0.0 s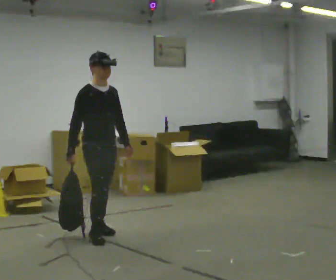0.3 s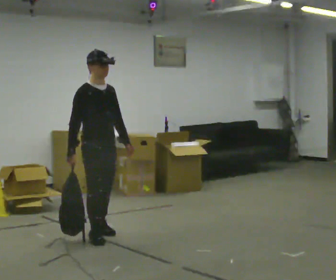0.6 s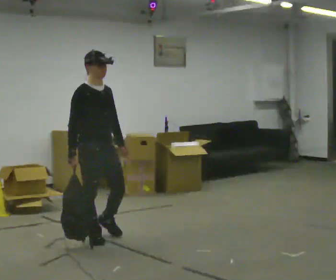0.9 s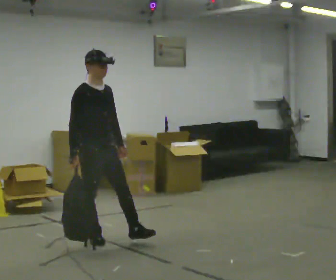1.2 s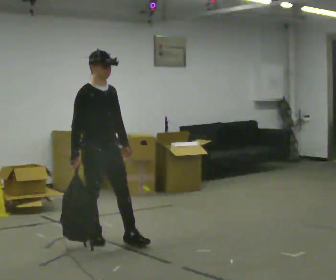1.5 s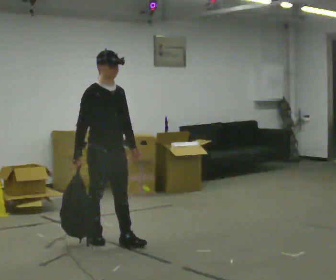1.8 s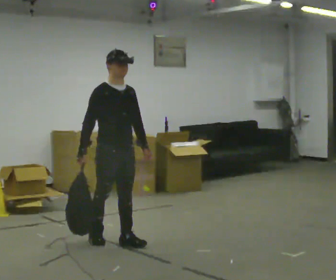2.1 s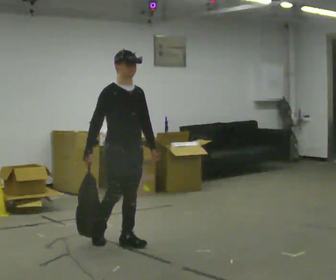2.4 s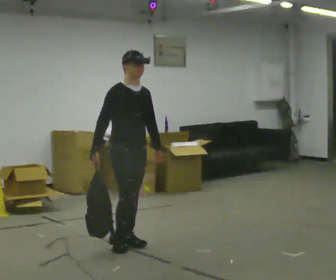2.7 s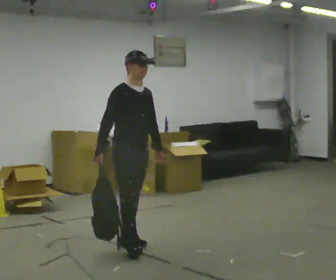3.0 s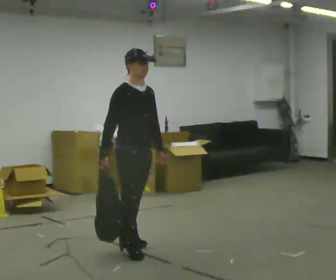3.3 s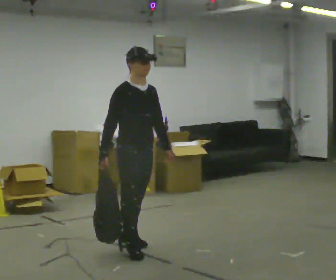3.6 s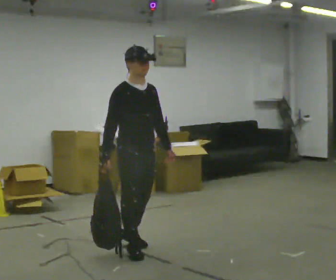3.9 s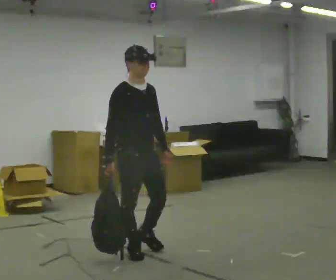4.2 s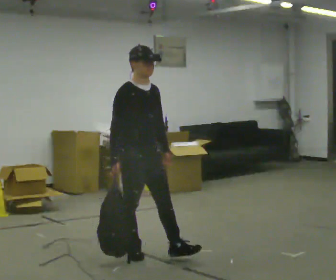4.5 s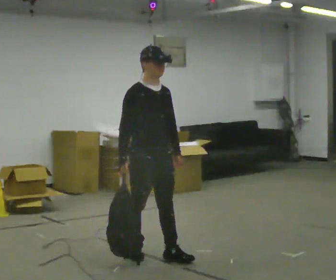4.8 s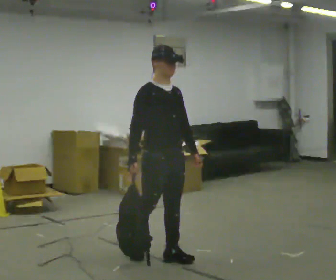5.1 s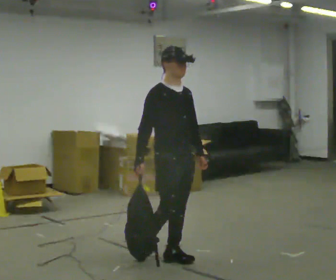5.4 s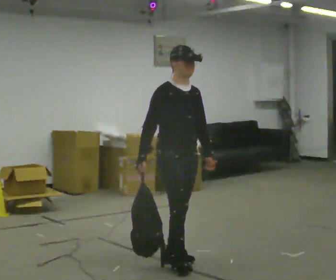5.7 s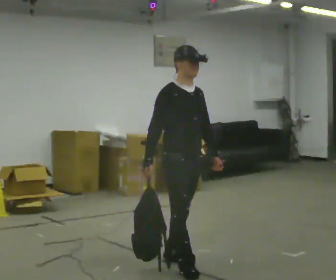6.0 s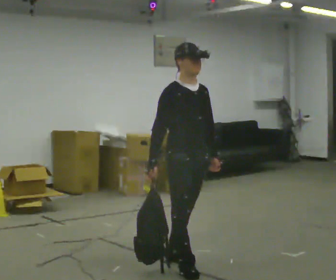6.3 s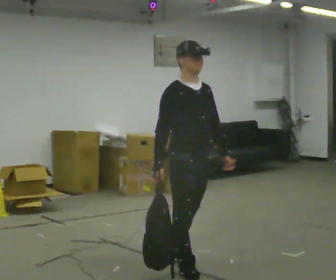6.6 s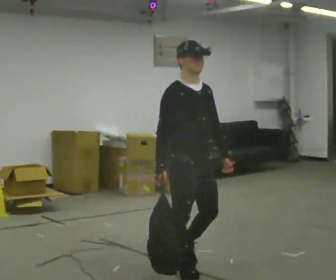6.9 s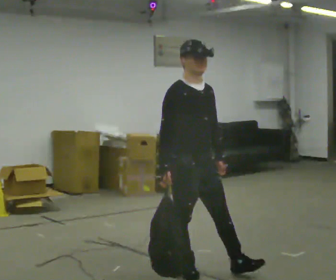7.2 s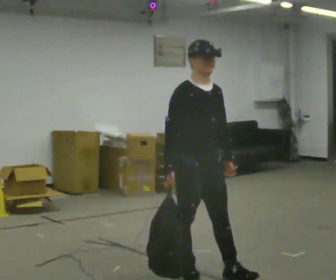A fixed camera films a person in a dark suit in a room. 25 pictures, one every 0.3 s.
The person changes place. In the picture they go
toward the camera.
0.0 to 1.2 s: In the picture they go toward the camera, about 0.25 m in 1 step, which for them is forward.
1.2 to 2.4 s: In the picture they go to the right, about 0.25 m, which for them is forward and to their left.
2.4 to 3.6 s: In the picture they go toward the camera, about 0.25 m in 1 step, which for them is forward and to their right.
3.6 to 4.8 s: In the picture they go to the right and toward the camera, about 0.25 m in 1 step, which for them is forward.
4.8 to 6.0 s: In the picture they go toward the camera, about 0.25 m in 1 step, which for them is forward.
6.0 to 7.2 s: In the picture they go toward the camera, about 0.25 m in 1 step, which for them is forward.
The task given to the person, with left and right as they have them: Carry the soft bag across the room, back and forth. It will change shape as you move, so hold it however works.
The film runs forward here.
